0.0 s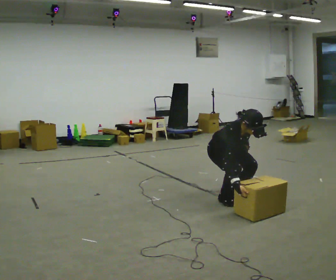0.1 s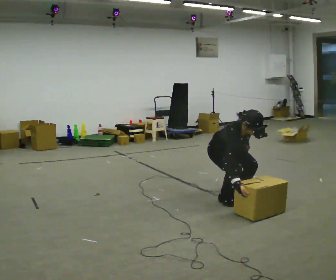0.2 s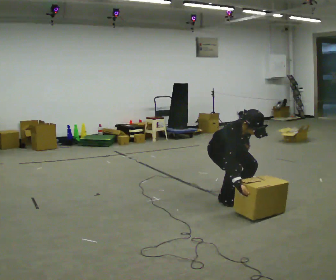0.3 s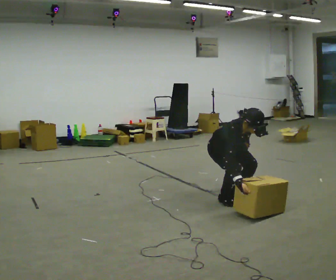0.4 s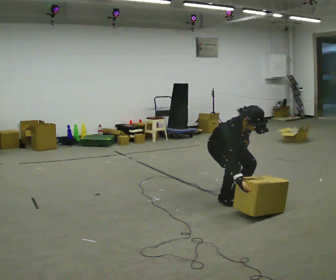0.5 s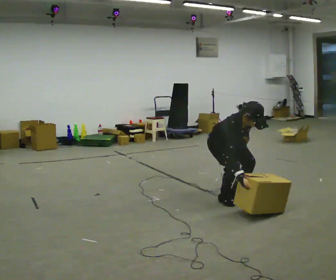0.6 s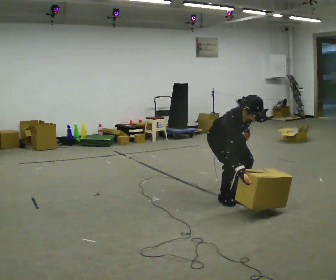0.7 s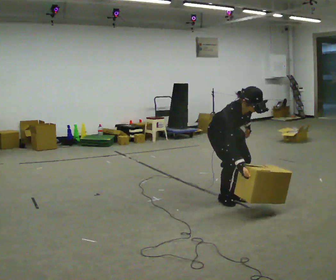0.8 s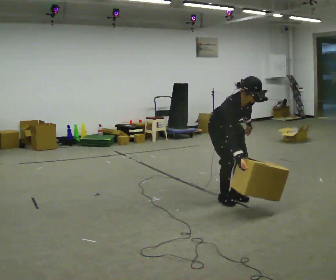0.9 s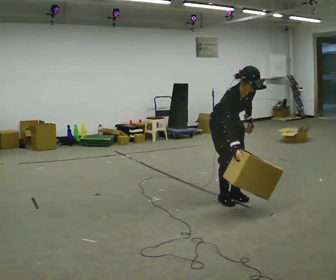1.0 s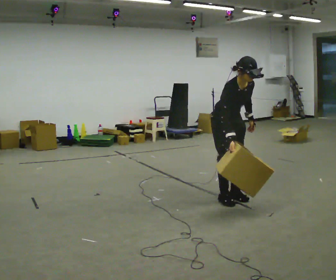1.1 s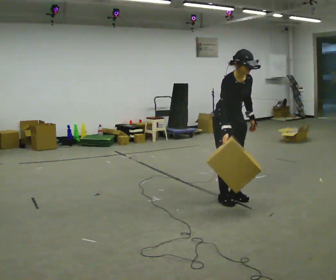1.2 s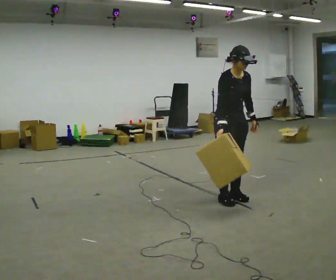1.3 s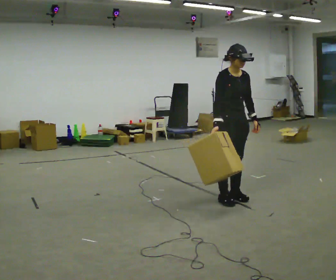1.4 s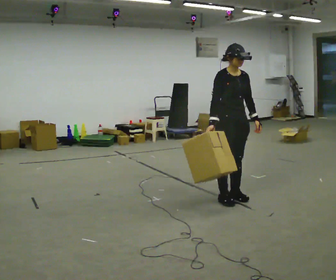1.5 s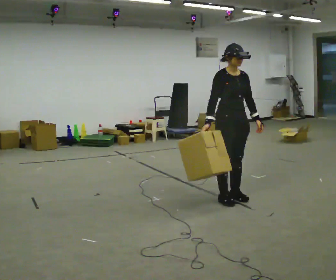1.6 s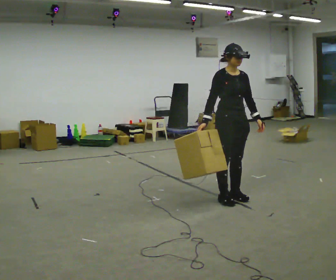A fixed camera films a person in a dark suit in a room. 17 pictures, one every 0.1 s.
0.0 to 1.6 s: The shoulders move upward. The upper body tips away from the camera, its near side rolling upward, as they lean back or straighten.
The film runs backward here.
